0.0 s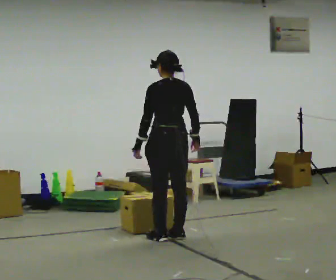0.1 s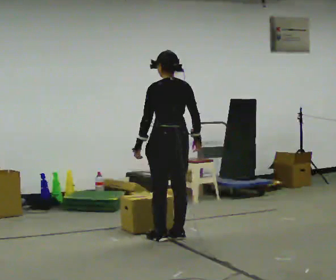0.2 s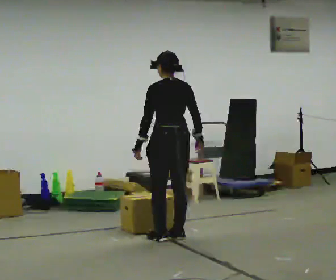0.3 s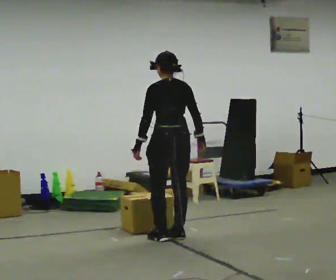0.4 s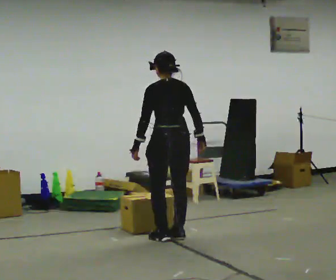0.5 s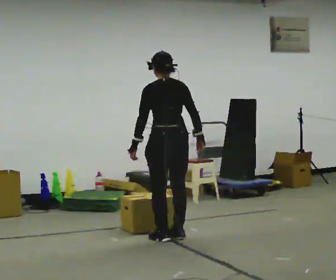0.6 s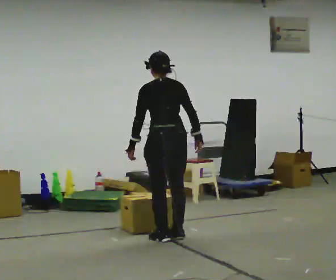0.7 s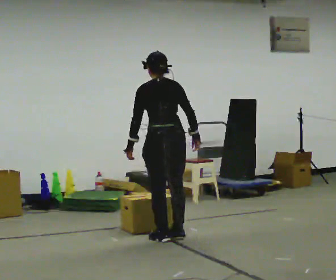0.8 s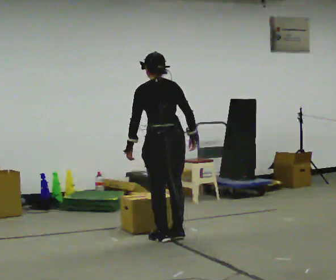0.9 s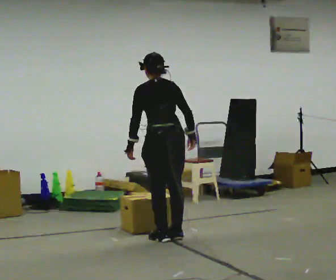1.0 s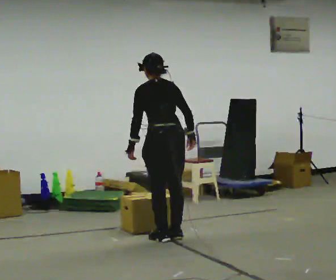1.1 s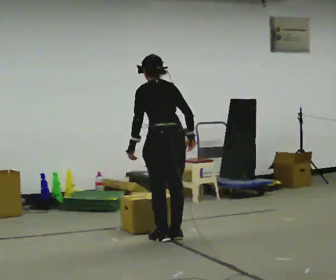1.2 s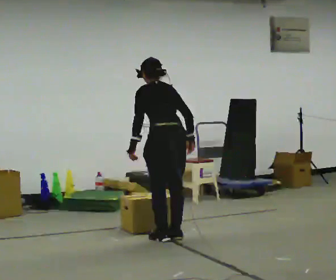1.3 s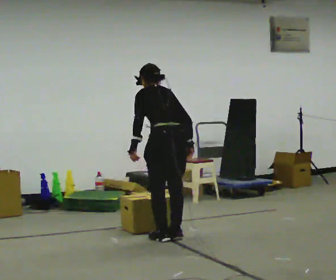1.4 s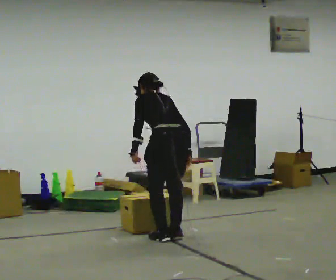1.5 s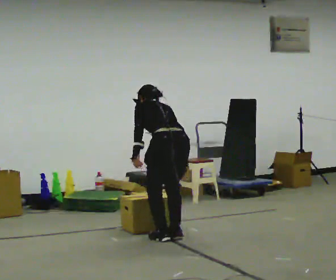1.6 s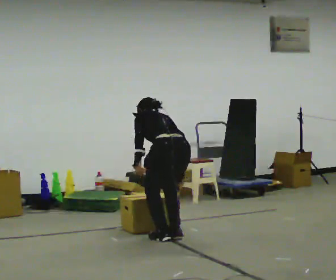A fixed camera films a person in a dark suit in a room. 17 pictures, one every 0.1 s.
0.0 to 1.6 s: The upper body goes downward. The upper body tips away from the camera, its near side rolling upward, as they bend forward.
The film runs backward here.
